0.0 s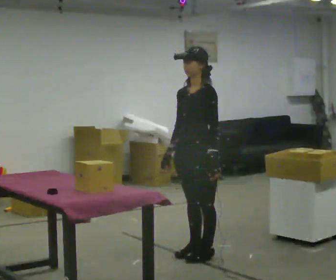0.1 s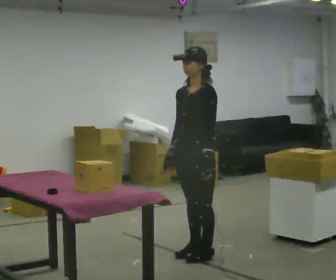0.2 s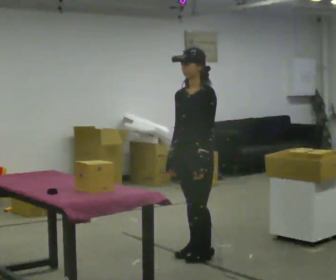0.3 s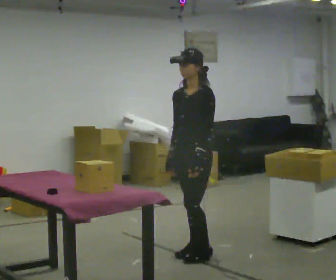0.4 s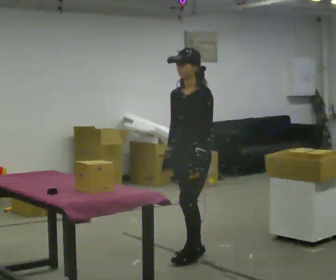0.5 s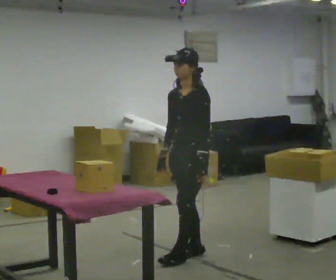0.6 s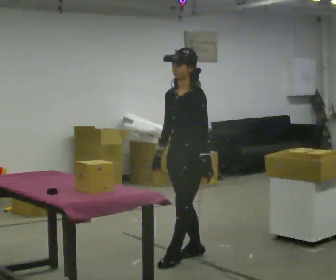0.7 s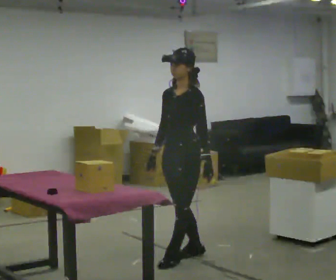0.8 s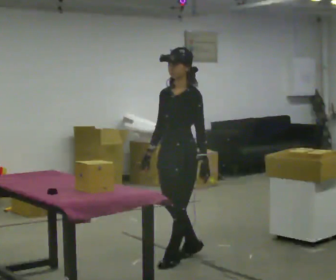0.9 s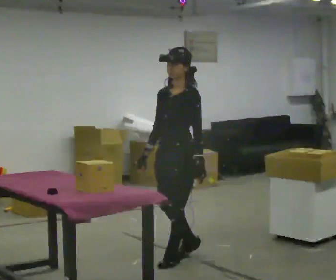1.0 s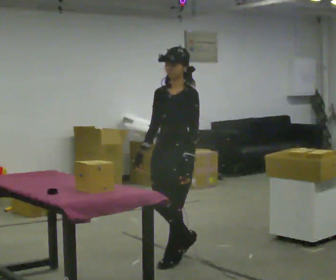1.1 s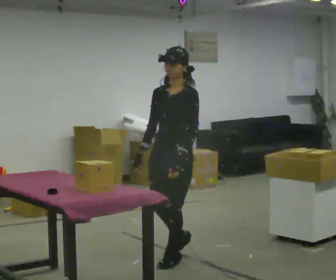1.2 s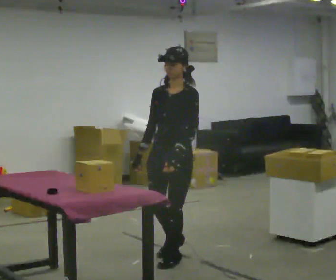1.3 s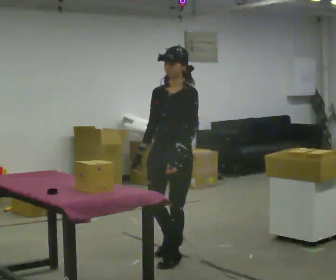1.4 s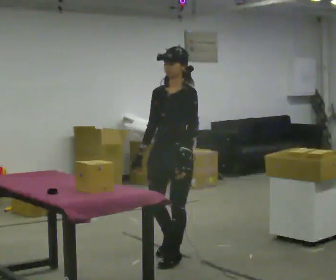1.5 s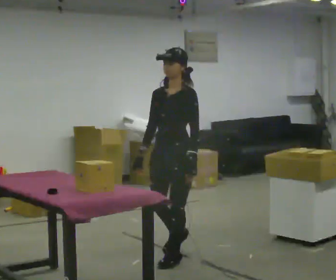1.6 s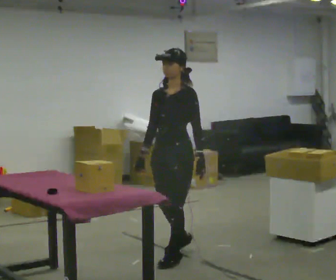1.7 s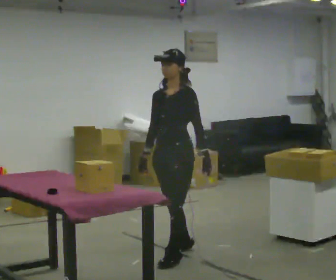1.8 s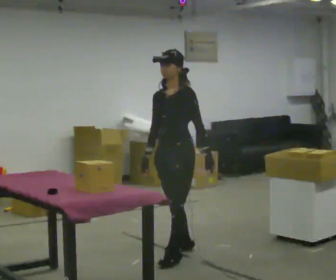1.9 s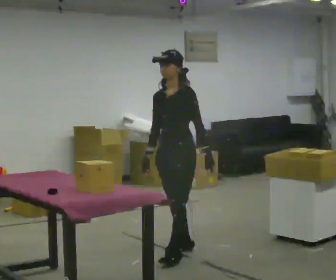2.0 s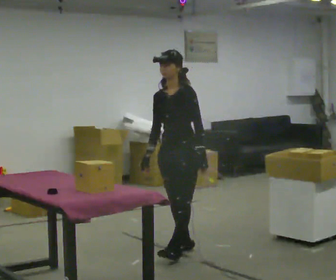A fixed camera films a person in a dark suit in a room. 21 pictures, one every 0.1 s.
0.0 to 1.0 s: In the picture they go to the left, about 0.25 m in 1 step, which for them is forward.
1.0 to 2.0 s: In the picture they go away from the camera, about 0.25 m in 1 step, which for them is backward and to their right.
The film runs backward here.
